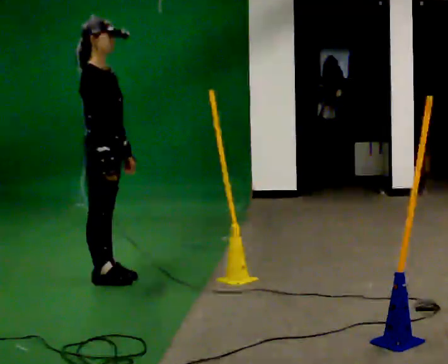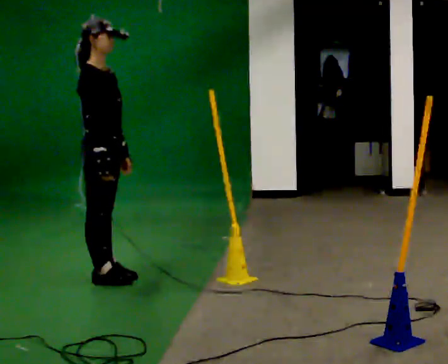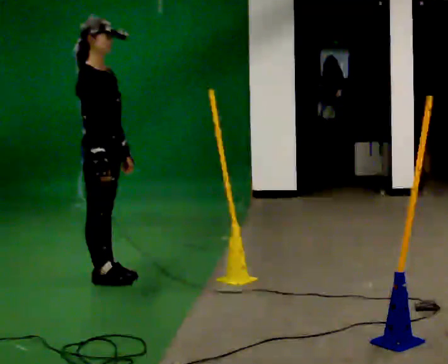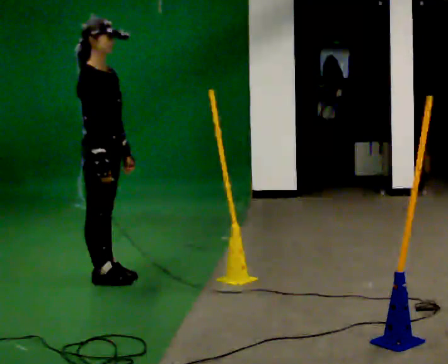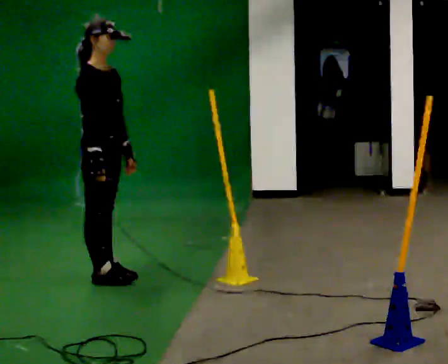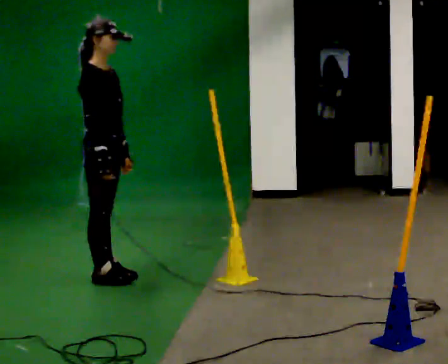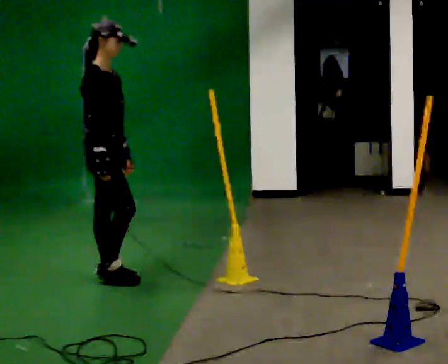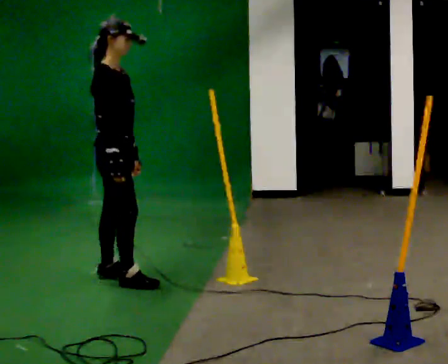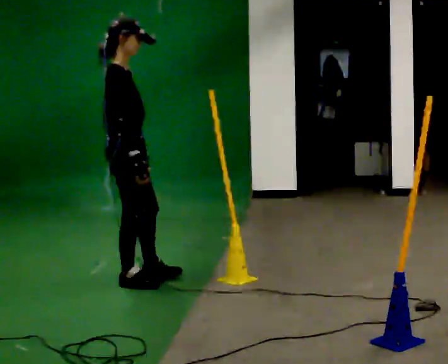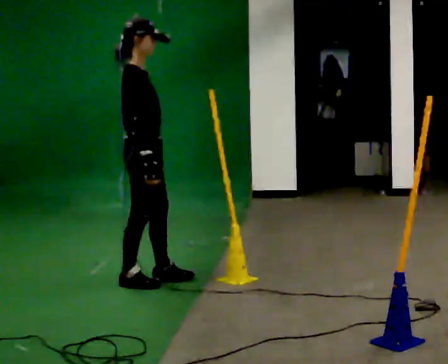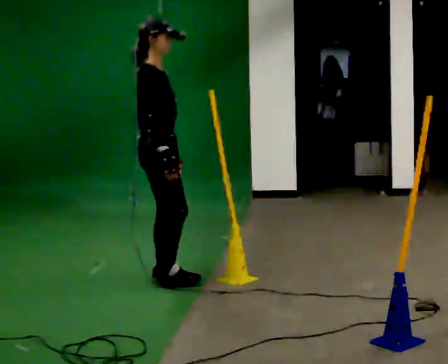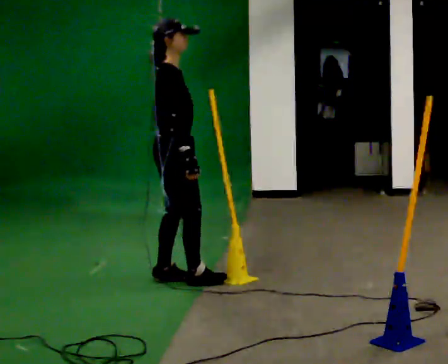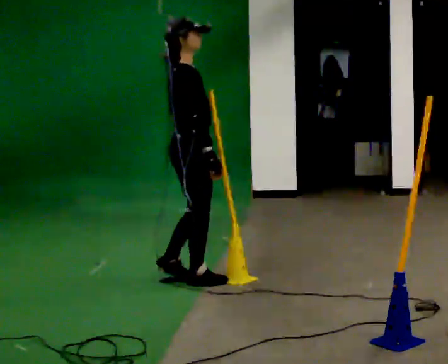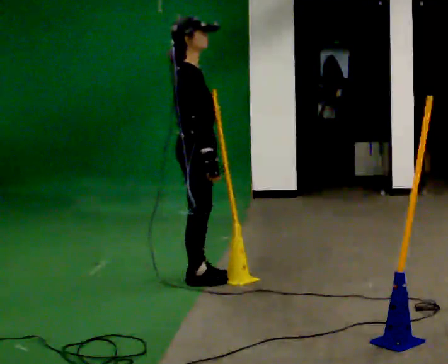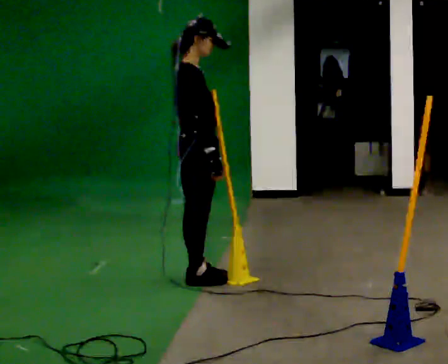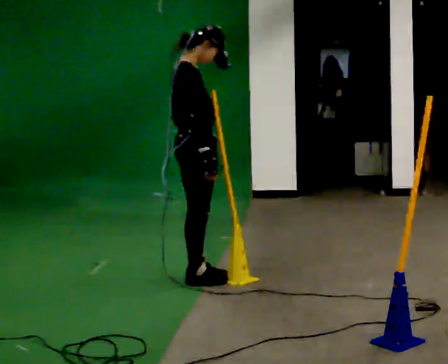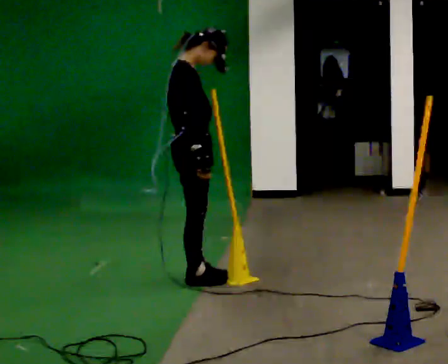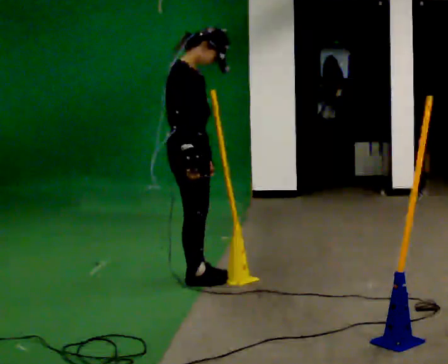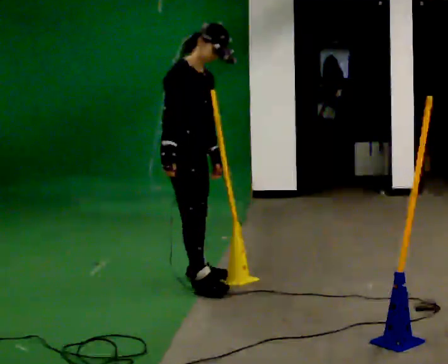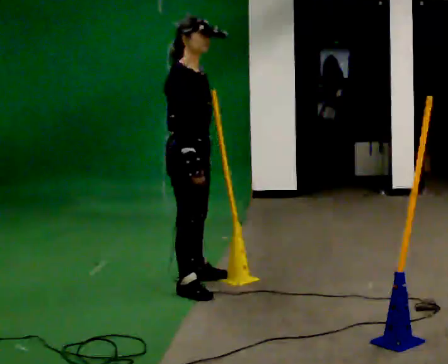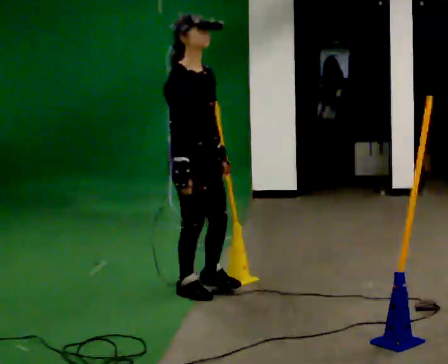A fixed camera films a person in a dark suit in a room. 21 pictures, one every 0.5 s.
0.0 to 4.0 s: The person moves a little, or ends about where they began.
4.0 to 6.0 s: In the picture they go to the right, about 0.5 m in 2 steps, which for them is forward.
6.0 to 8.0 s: The person moves a little, or ends about where they began.
8.0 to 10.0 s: Seen from above the body turns clockwise, about 30 degrees: to their right, with its near side sliding to the left. In the picture they go toward the camera, about 0.25 m in 1 step, which for them is to their right and forward.
The film runs forward here.
